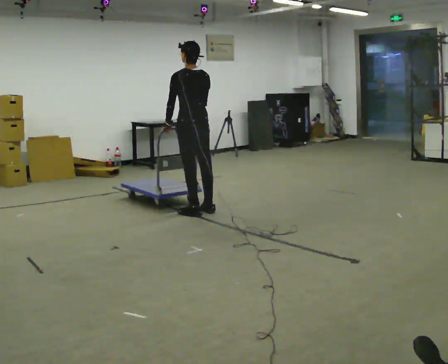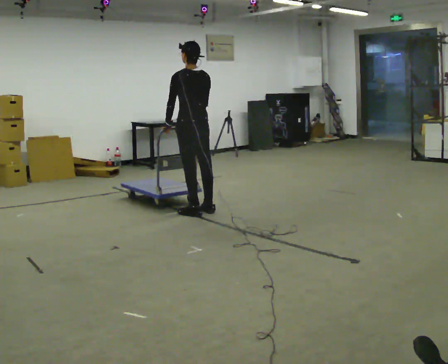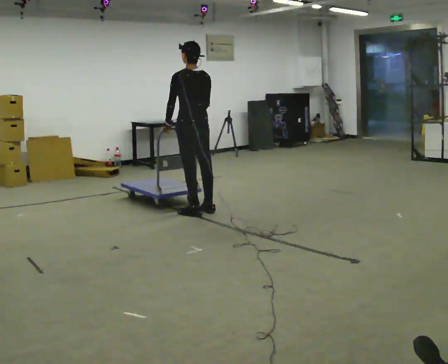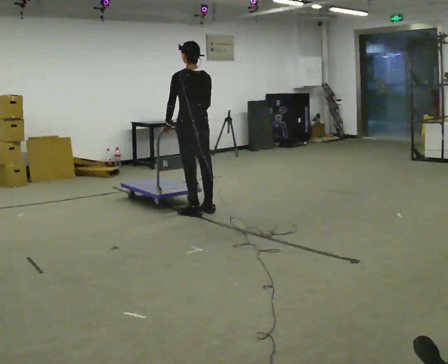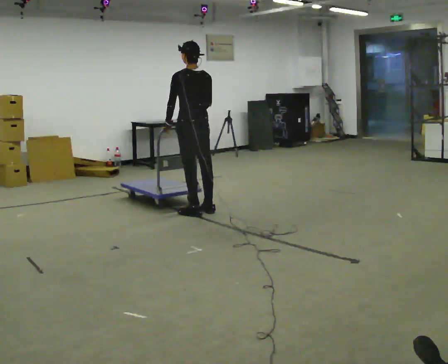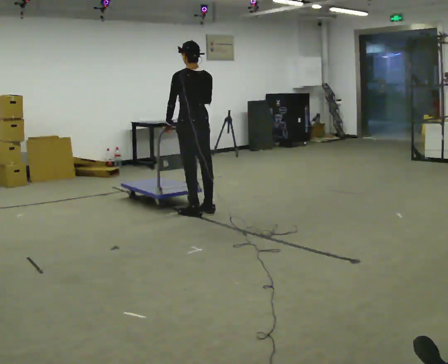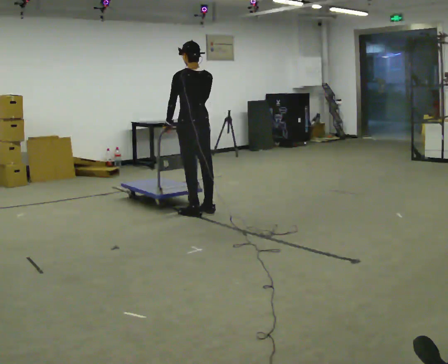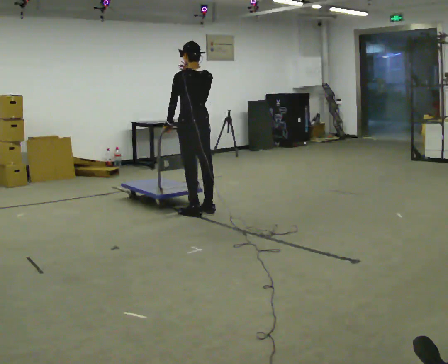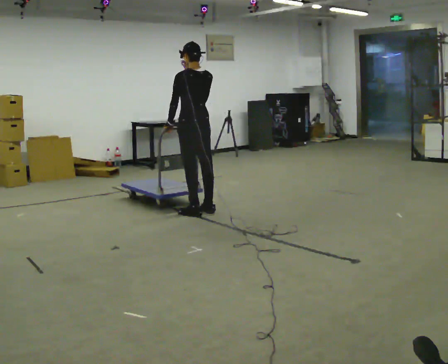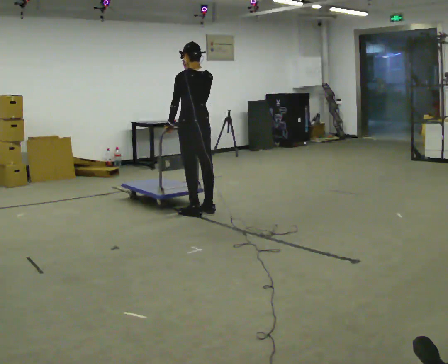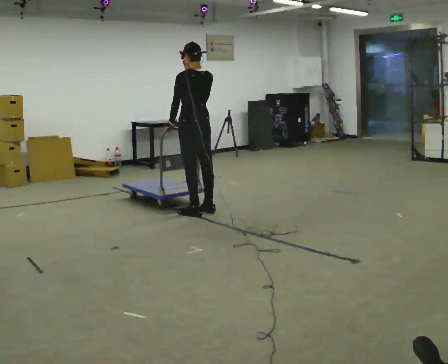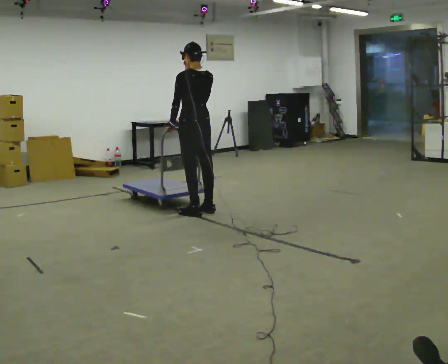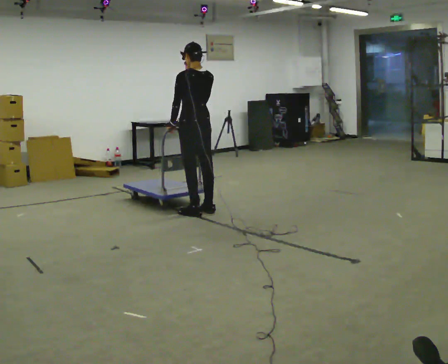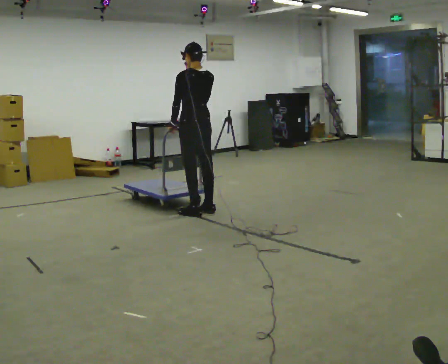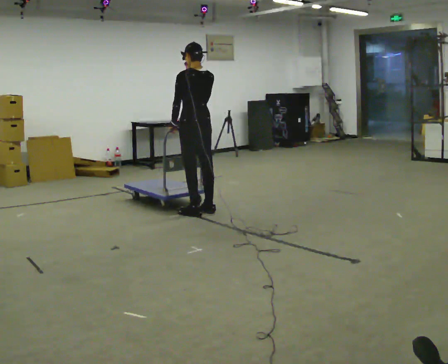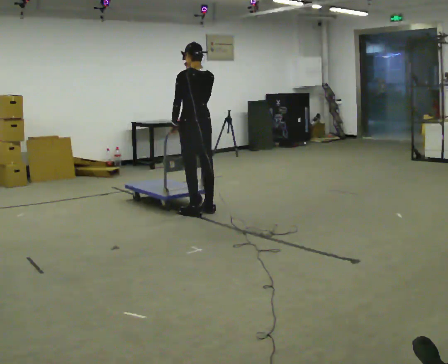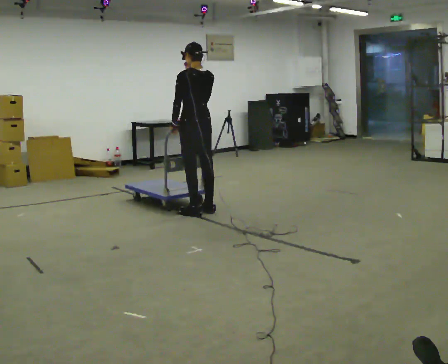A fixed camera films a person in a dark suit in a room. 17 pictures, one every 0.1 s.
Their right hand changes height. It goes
upward.
0.0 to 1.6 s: In the picture their right hand goes upward.
The film runs forward here.
